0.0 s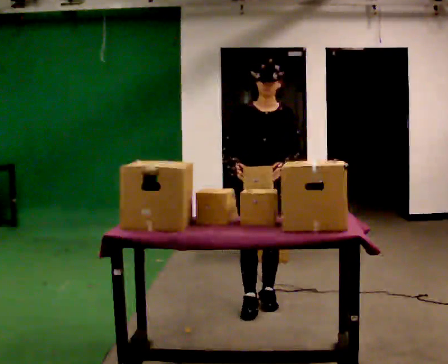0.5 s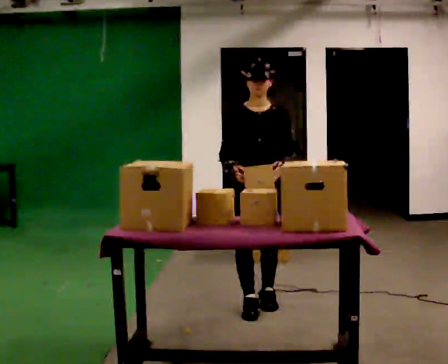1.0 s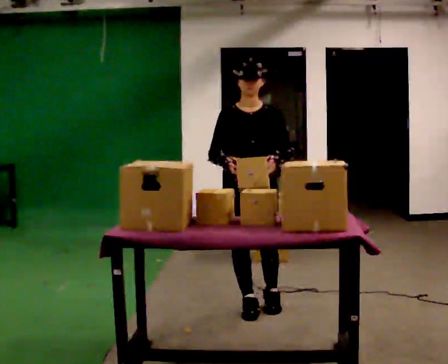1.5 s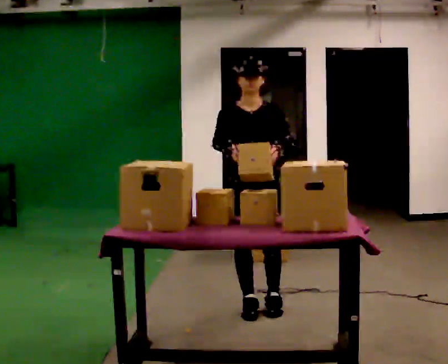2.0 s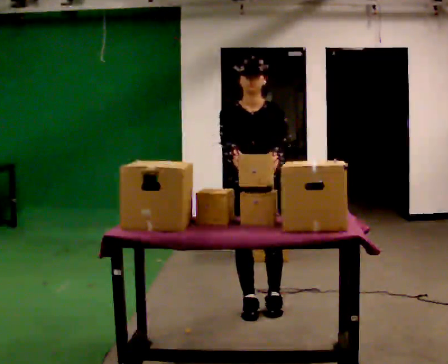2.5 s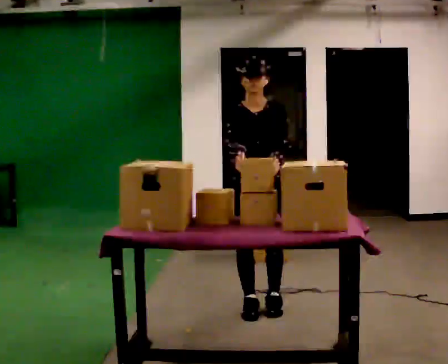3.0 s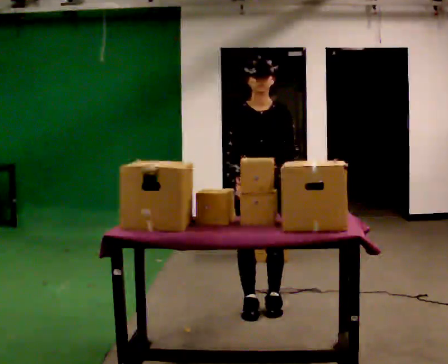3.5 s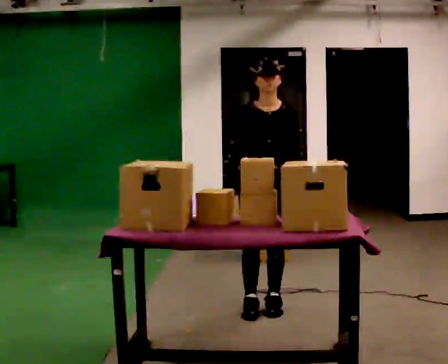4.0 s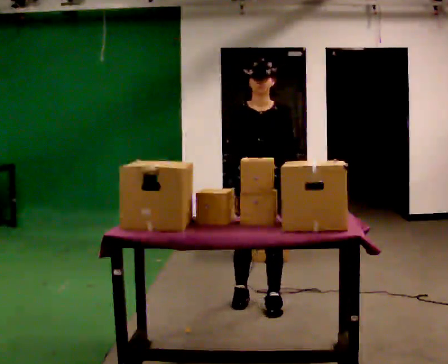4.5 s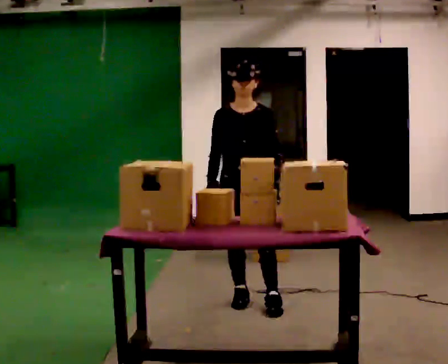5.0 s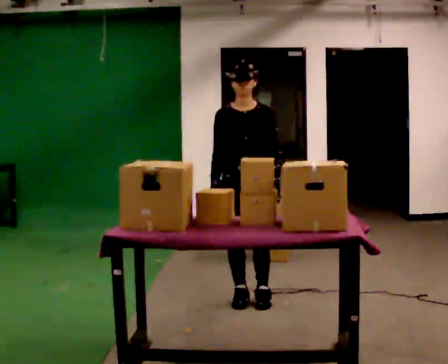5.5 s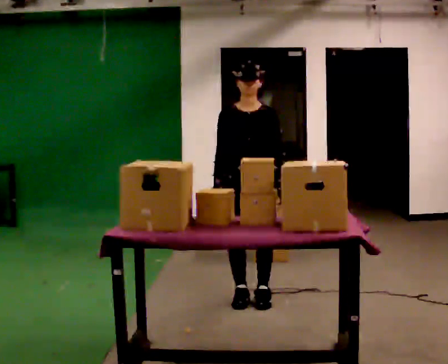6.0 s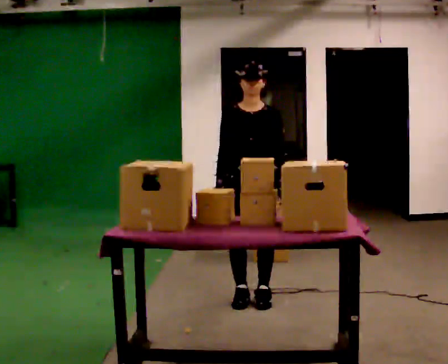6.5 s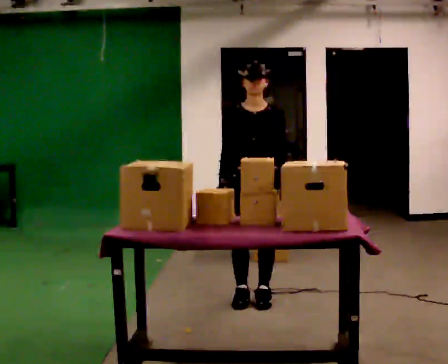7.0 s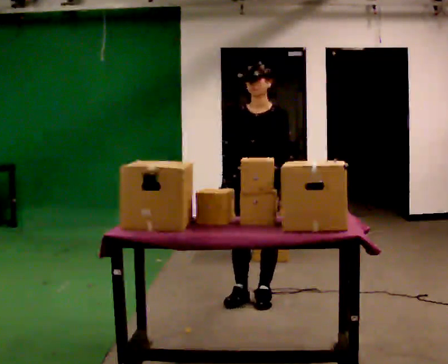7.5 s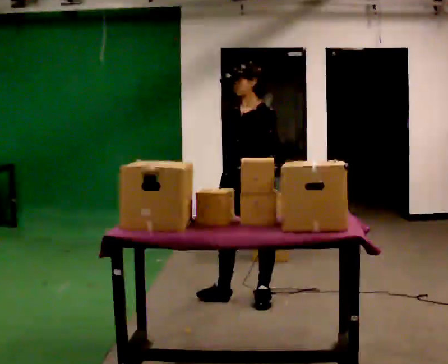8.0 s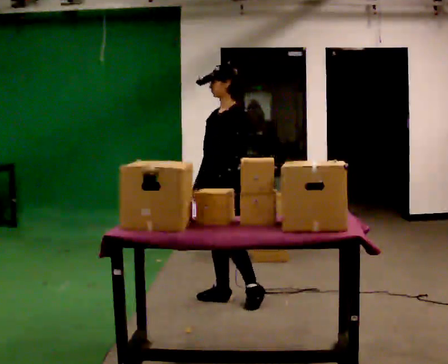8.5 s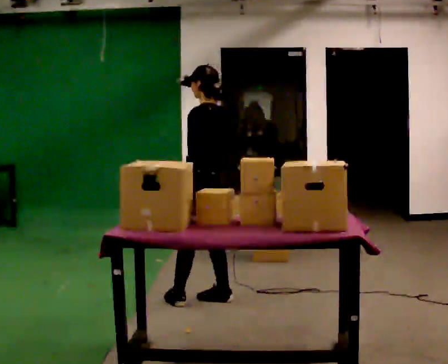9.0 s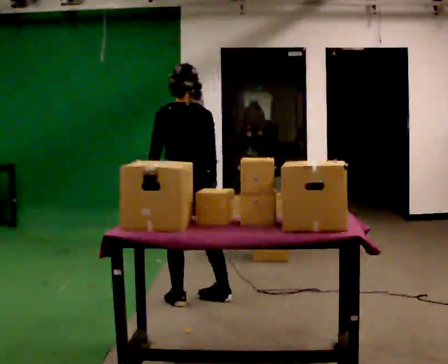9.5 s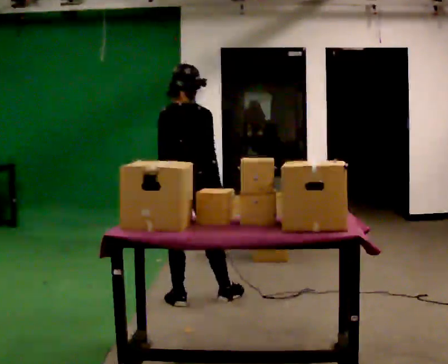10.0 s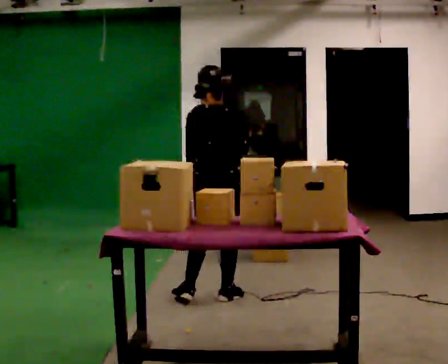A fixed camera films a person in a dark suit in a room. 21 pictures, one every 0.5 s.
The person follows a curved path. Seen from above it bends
clockwise.
0.0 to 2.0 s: In the picture they go toward the camera, about 0.25 m in 1 step, which for them is forward.
2.0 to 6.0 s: In the picture they go away from the camera, about 0.25 m in 2 steps, which for them is backward.
6.0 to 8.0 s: The person turns about 60 degrees to their right, clockwise seen from above, so the part of the body nearest the lens slides to the left. In the picture they go to the left, about 0.25 m. In the picture their left hand goes to the left.
8.0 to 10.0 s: Seen from above the body turns clockwise, about 135 degrees: to their right, with its near side sliding to the left.
The film runs forward here.
